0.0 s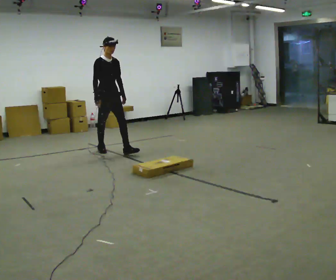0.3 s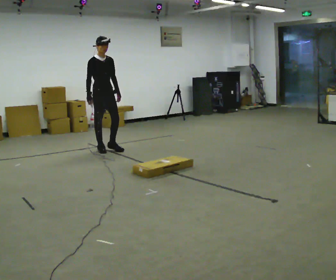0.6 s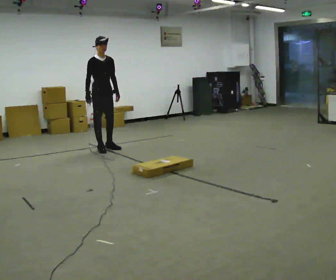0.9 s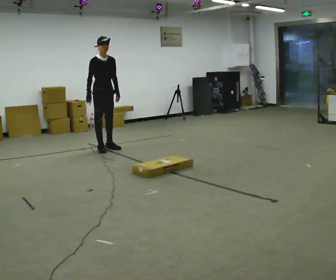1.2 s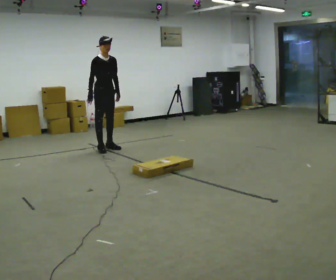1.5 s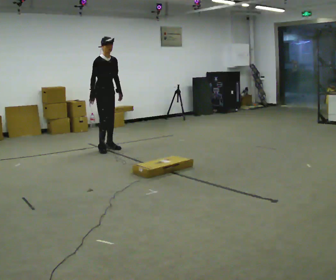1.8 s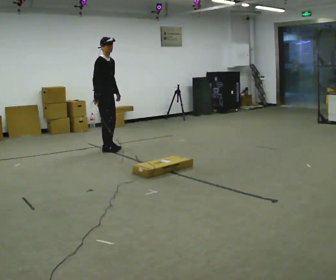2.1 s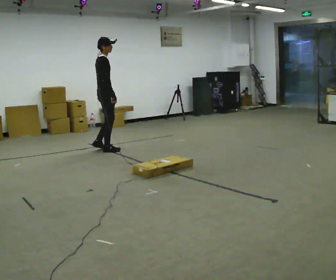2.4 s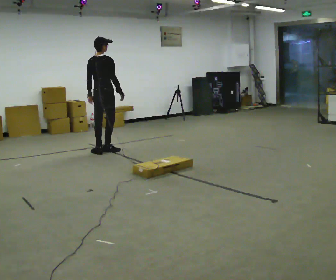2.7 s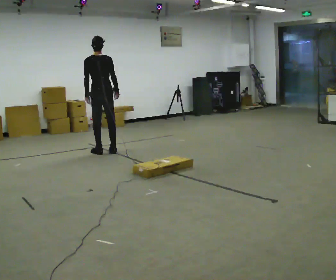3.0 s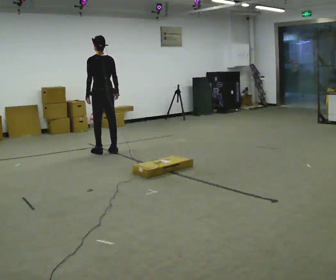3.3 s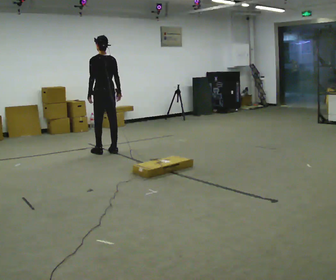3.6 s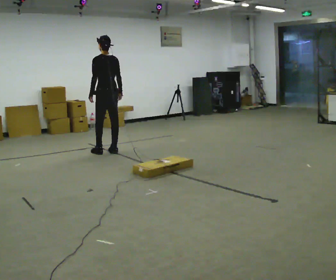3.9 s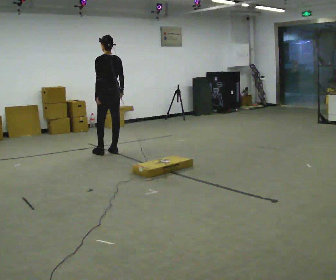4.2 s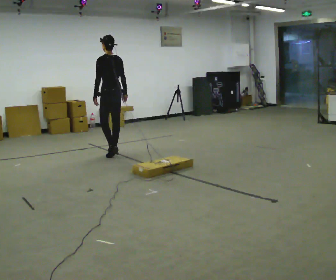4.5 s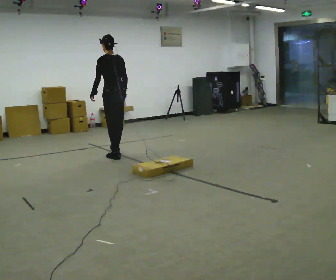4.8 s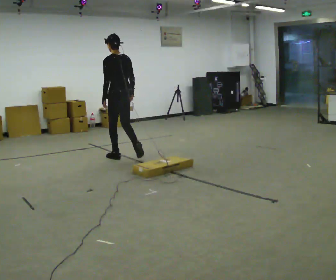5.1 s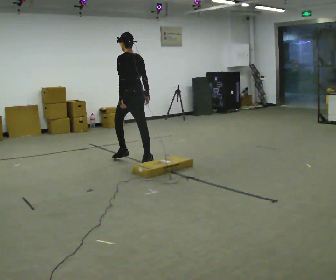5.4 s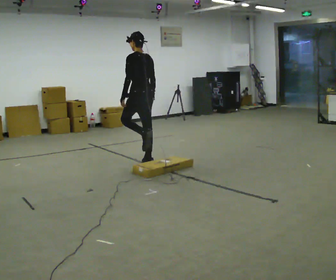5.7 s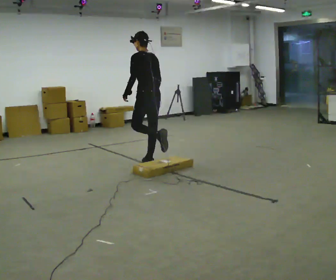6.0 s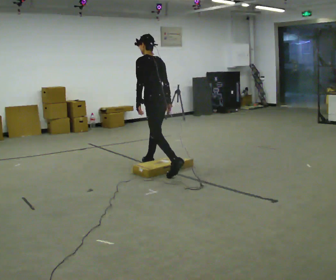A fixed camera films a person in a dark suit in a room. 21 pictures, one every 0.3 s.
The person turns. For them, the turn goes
to their left.
The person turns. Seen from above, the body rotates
counterclockwise.
0.0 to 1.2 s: In the picture they go away from the camera and to the left, about 0.25 m in 1 step, which for them is backward.
1.2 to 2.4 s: The person turns about 90 degrees to their left, counterclockwise seen from above, so the part of the body nearest the lens slides to the right. In the picture they go toward the camera, about 0.25 m in 1 step. In the picture their right hand goes to the right, the arm swinging counterclockwise.
2.4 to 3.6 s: Seen from above the body turns counterclockwise, about 75 degrees: to their left, with its near side sliding to the right.
3.6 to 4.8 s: In the picture they go toward the camera, about 0.5 m in 2 steps, which for them is backward.
4.8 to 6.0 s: In the picture they go toward the camera and to the right, about 0.5 m in 1 step, which for them is backward.
The film runs backward here.
